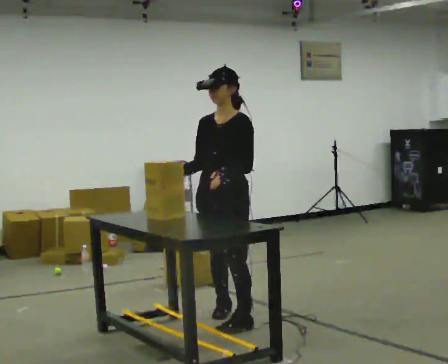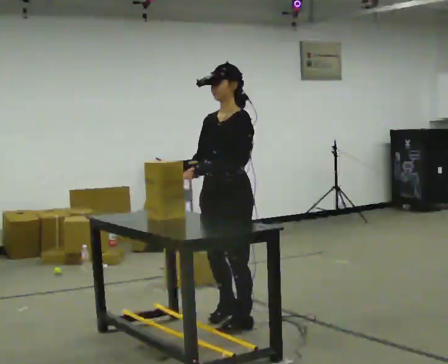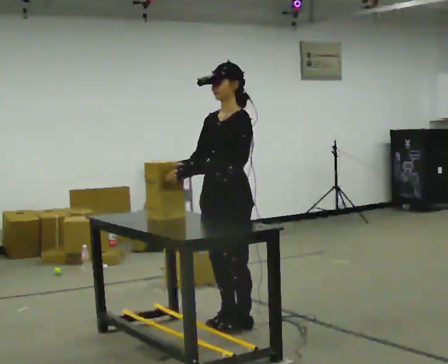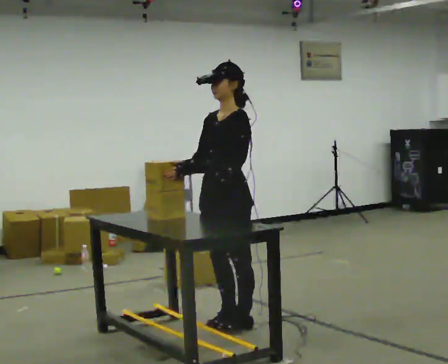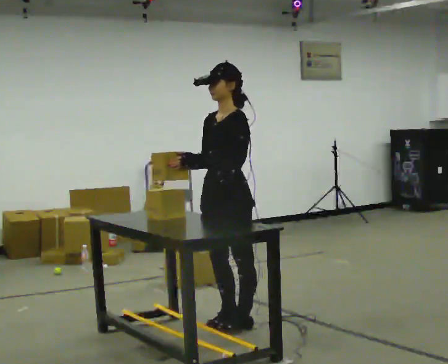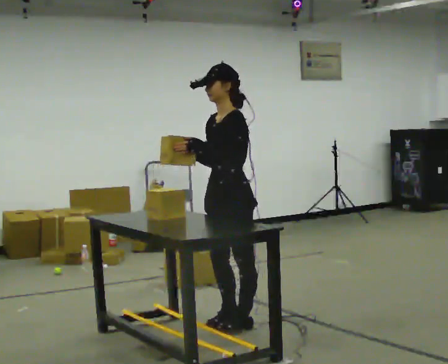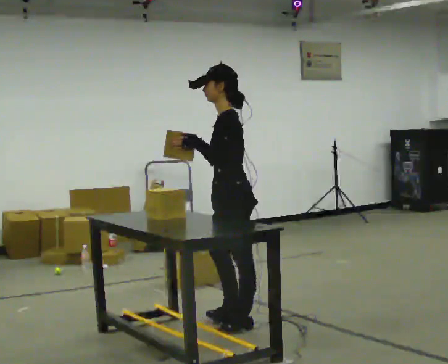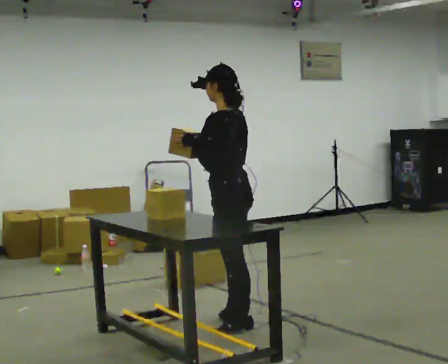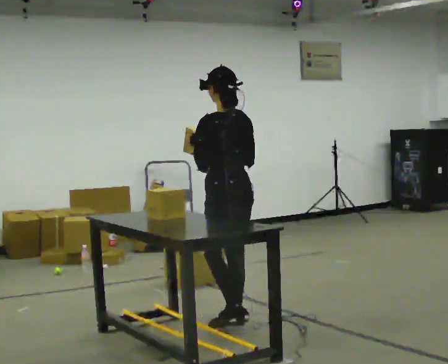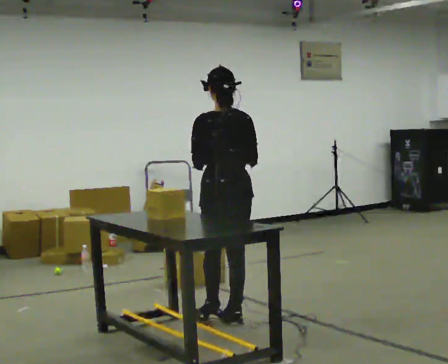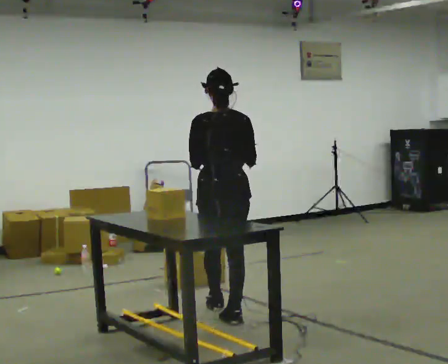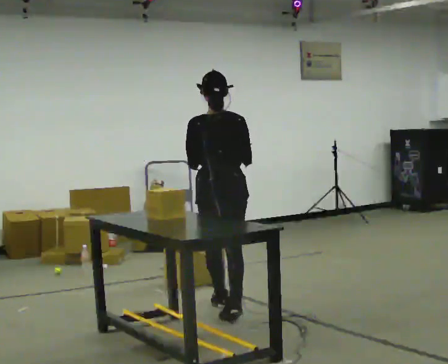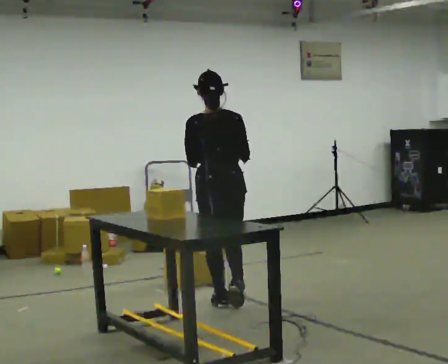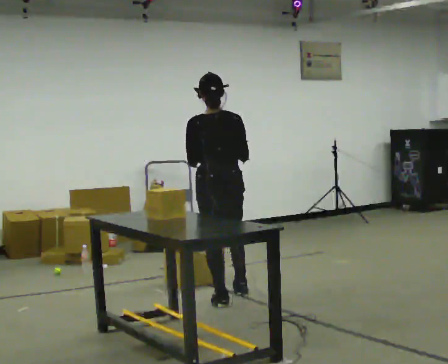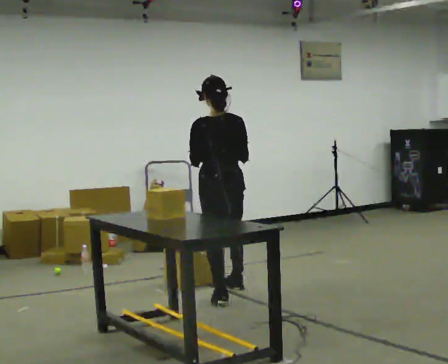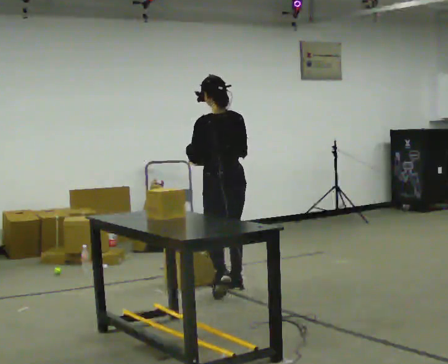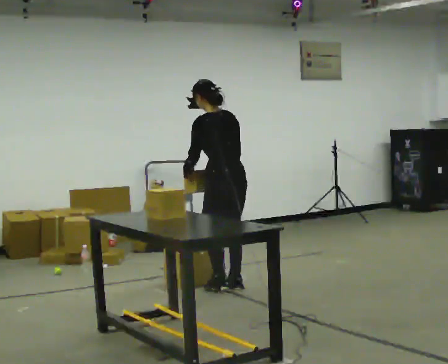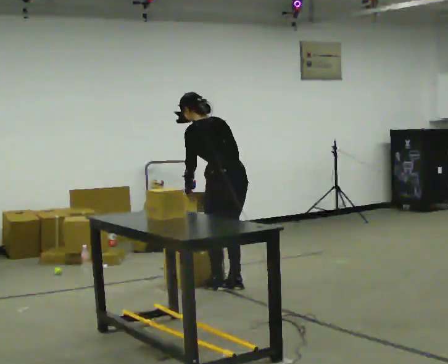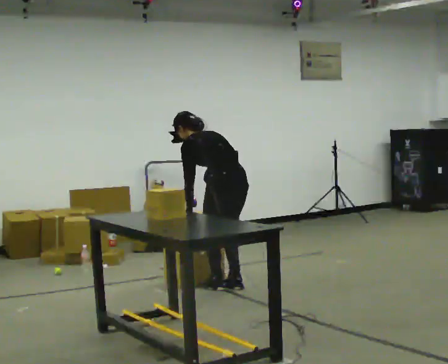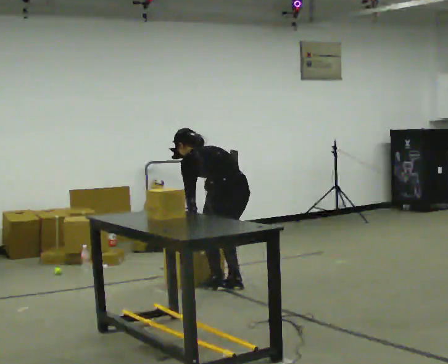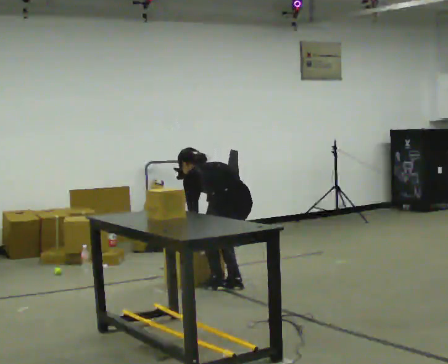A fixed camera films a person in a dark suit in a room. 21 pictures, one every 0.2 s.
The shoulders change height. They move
downward.
0.0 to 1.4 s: The person turns about 75 degrees to their right, clockwise seen from above, so the part of the body nearest the lens slides to the left.
1.4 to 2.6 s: The person turns about 45 degrees to their right, clockwise seen from above, so the part of the body nearest the lens slides to the left. In the picture they go away from the camera, about 0.5 m in 1 step, which for them is forward.
2.6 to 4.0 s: In the picture they go away from the camera, about 0.25 m in 2 steps, which for them is to their right and forward. The shoulders move downward. The upper body tips away from the camera, its near side rolling upward, as they bend forward. In the picture their right hand goes downward.
The film runs forward here.
